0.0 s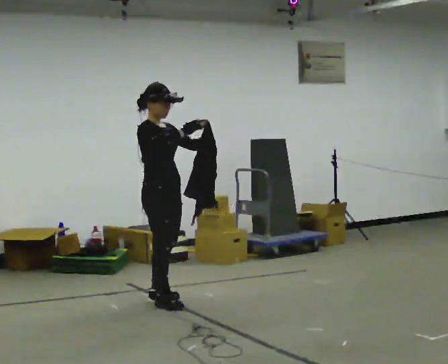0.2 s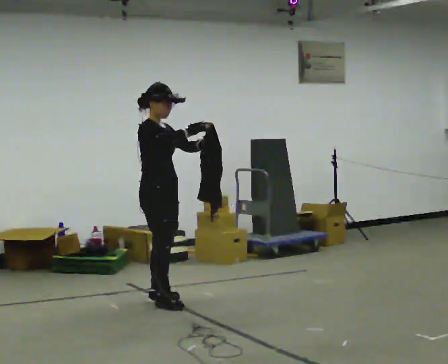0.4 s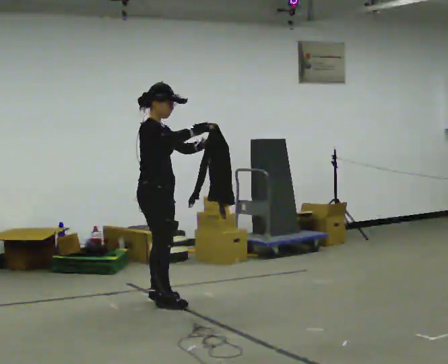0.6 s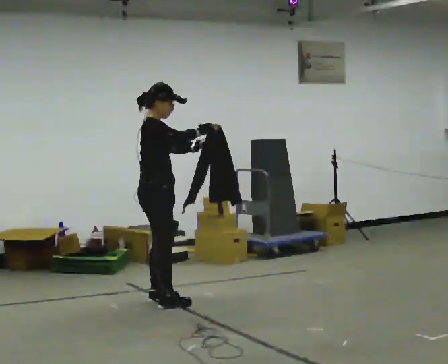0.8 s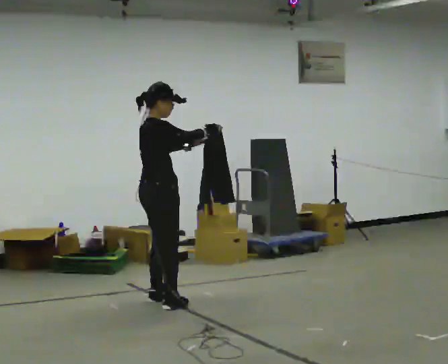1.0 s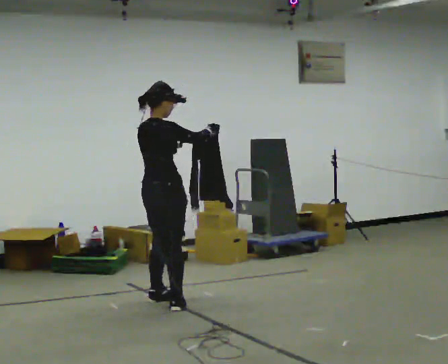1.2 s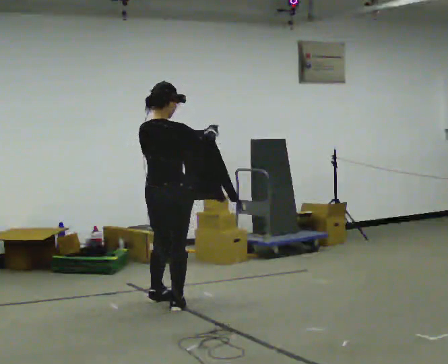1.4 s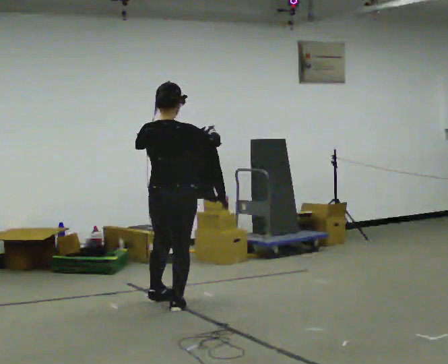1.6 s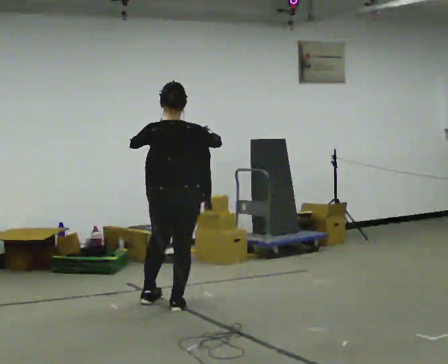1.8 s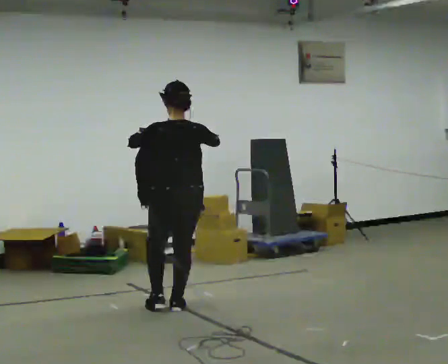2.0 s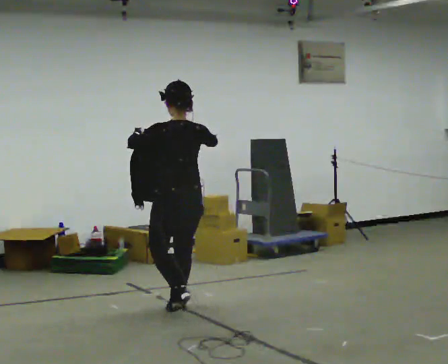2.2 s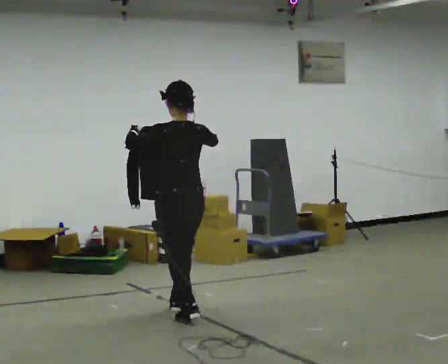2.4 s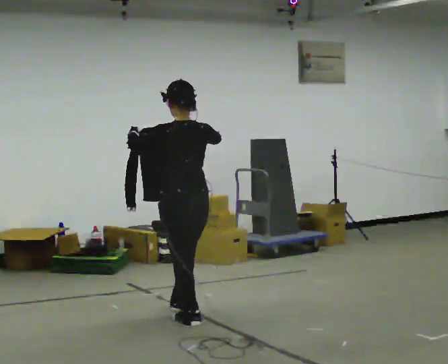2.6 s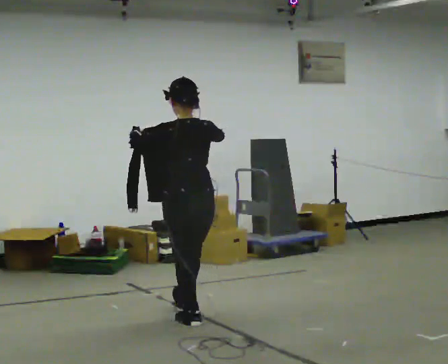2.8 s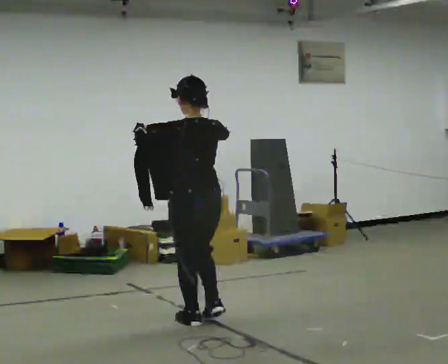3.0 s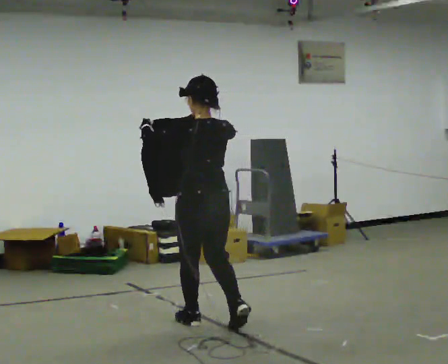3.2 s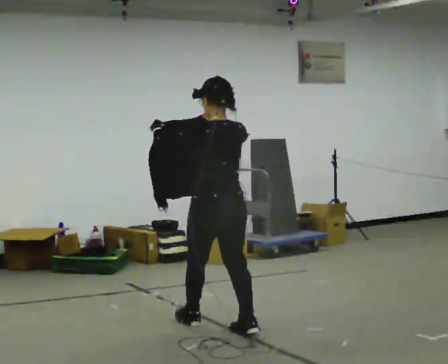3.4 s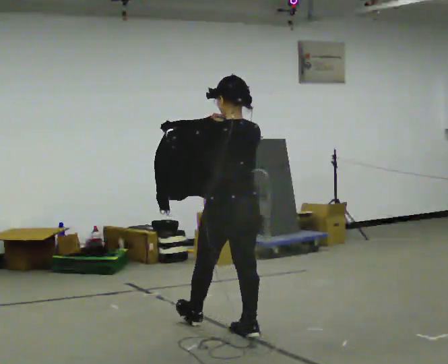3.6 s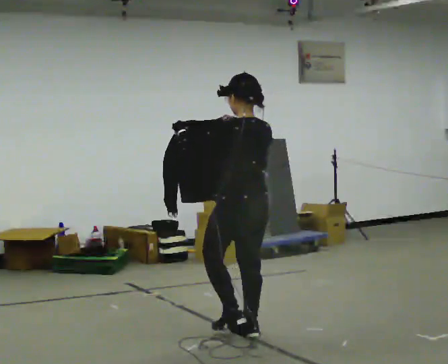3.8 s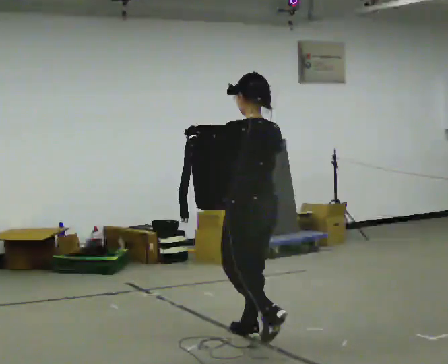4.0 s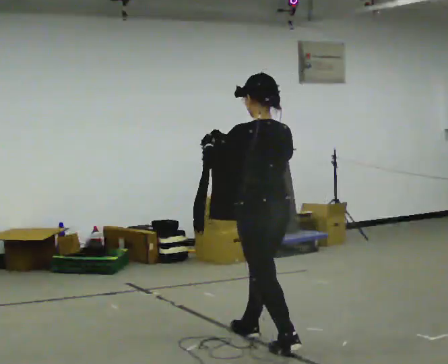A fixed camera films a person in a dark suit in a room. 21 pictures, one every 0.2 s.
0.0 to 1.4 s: Seen from above the body turns counterclockwise, about 90 degrees: to their left, with its near side sliding to the right. In the picture their left hand goes to the left.
1.4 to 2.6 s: Seen from above the body turns counterclockwise, about 45 degrees: to their left, with its near side sliding to the right. In the picture they go toward the camera, about 0.5 m in 2 steps, which for them is backward.
2.6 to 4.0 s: In the picture they go toward the camera and to the right, about 0.5 m in 1 step, which for them is backward.
The film runs backward here.
